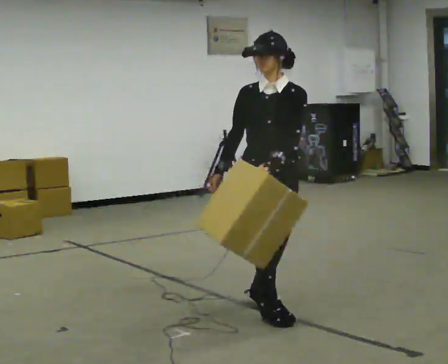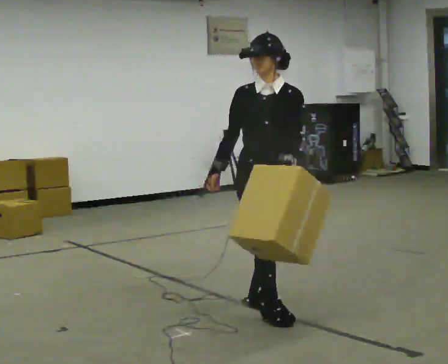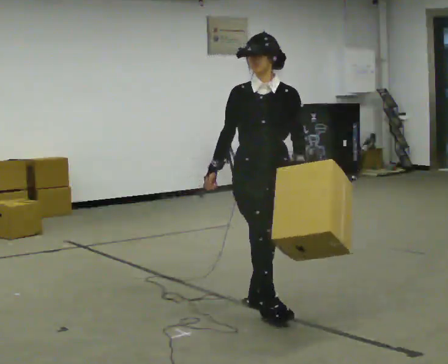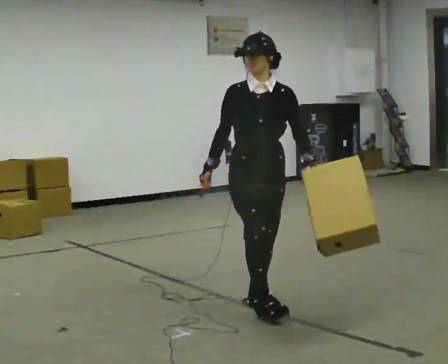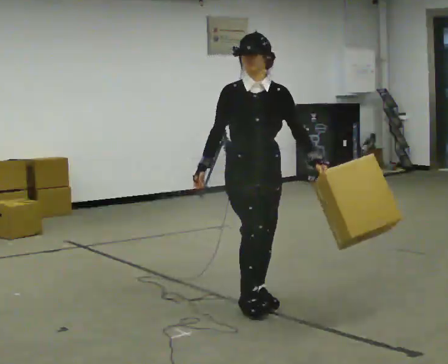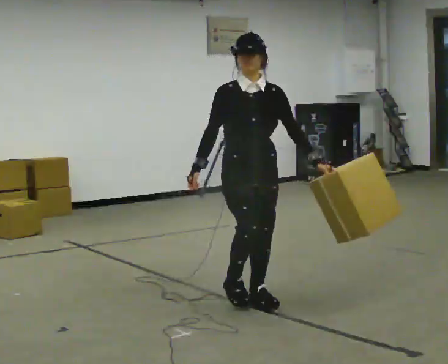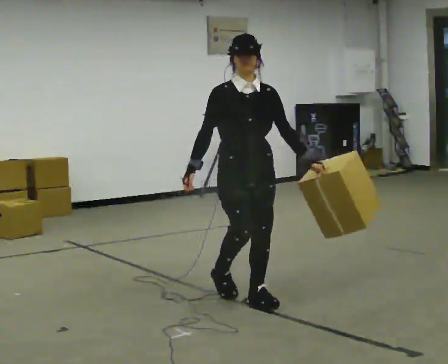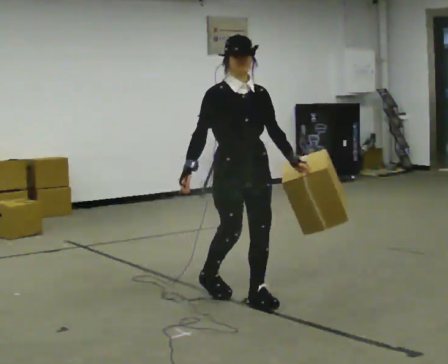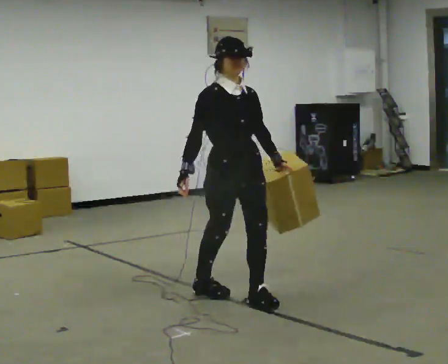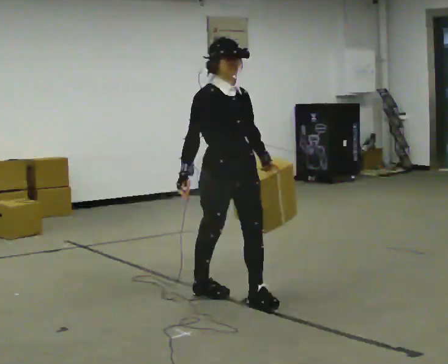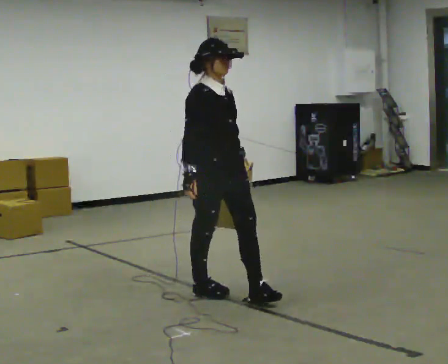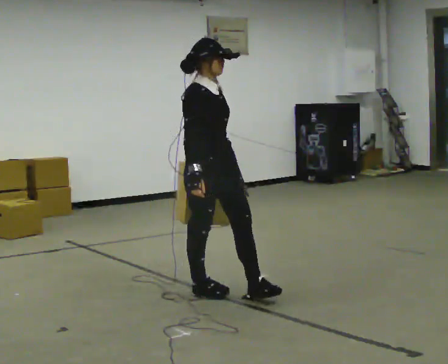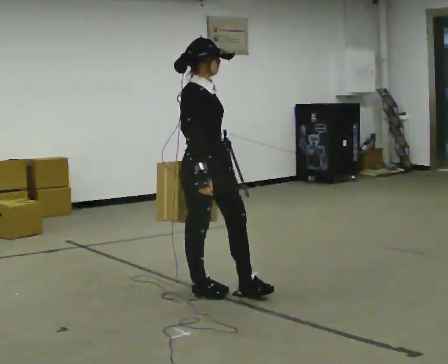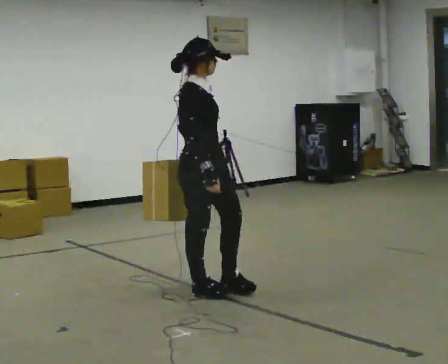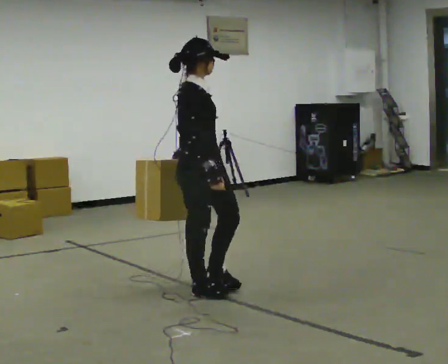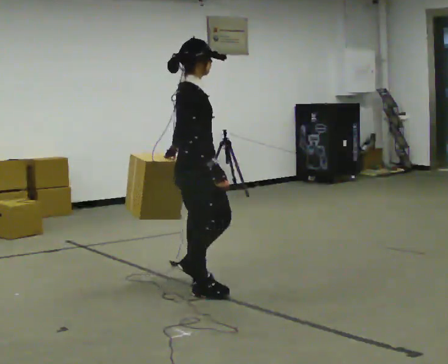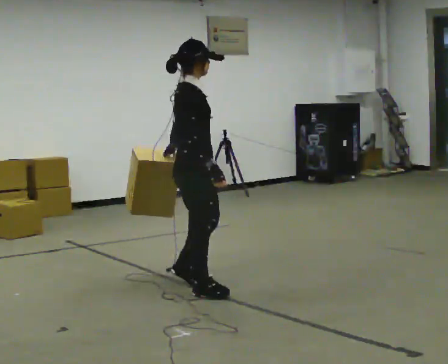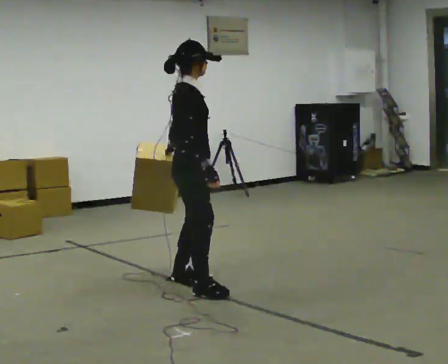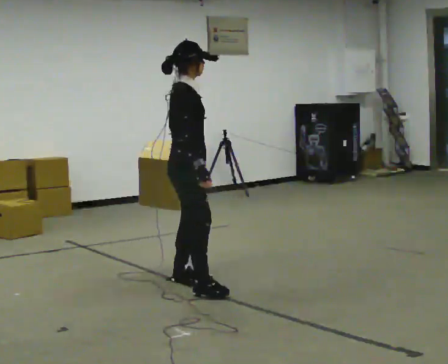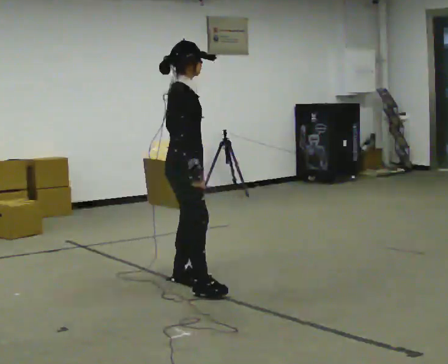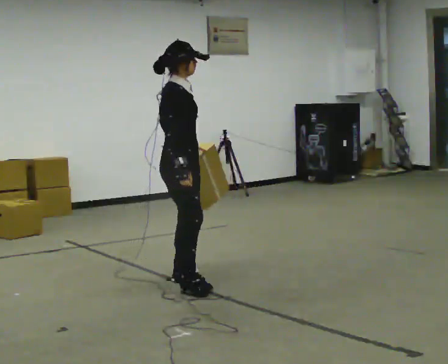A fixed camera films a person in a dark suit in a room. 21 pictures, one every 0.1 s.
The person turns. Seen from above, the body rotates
counterclockwise.
The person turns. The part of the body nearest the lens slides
to the right.
0.0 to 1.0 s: The part of the body nearest the lens slides to the right as the person turns to their left by about 30 degrees. In the picture they go away from the camera and to the left, about 0.5 m in 1 step, which for them is backward and to their right.
1.0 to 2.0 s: The person turns about 30 degrees to their left, counterclockwise seen from above, so the part of the body nearest the lens slides to the right. In the picture they go away from the camera and to the left, about 0.5 m in 2 steps, which for them is backward and to their left.
The film runs backward here.
